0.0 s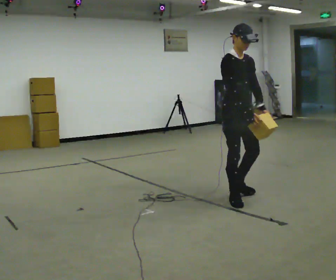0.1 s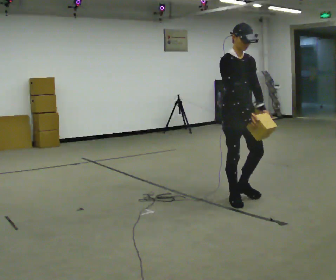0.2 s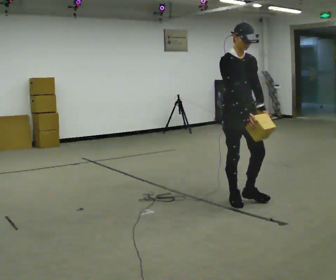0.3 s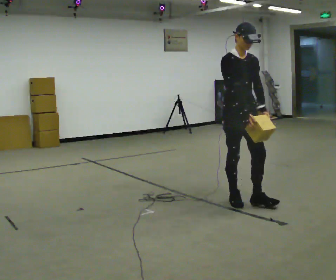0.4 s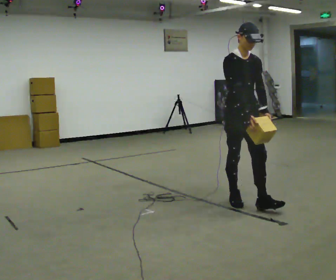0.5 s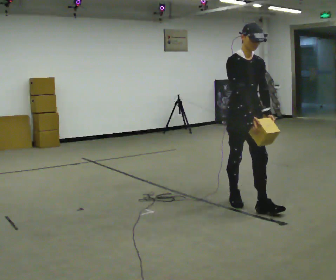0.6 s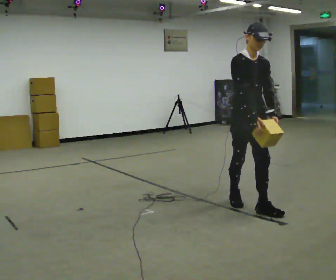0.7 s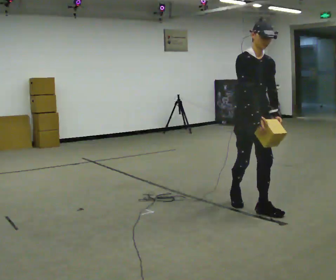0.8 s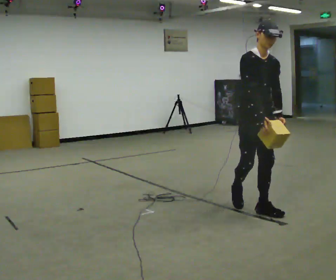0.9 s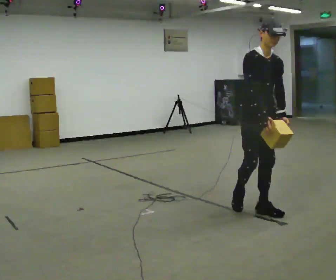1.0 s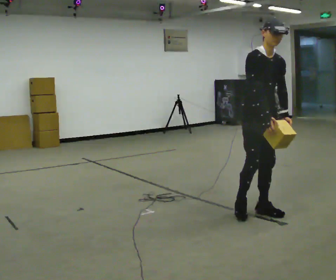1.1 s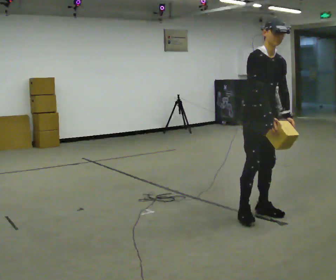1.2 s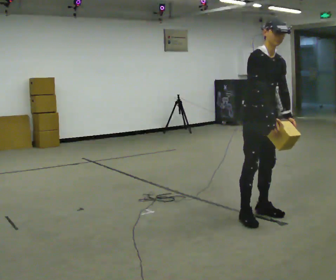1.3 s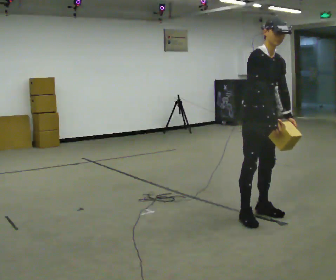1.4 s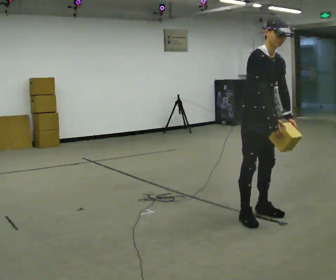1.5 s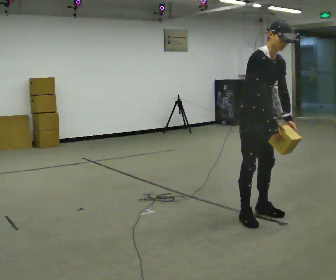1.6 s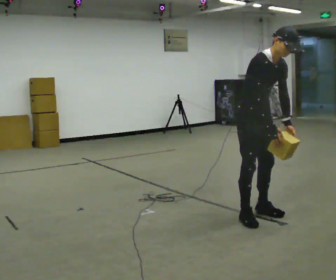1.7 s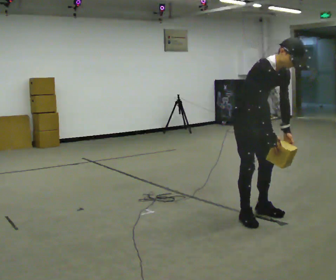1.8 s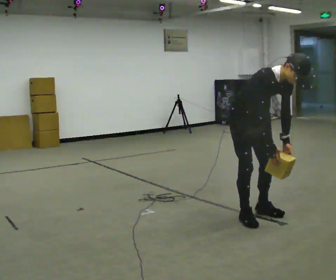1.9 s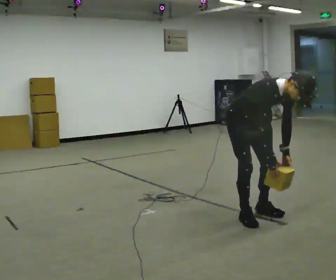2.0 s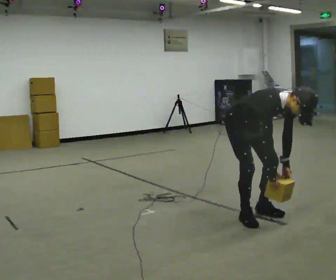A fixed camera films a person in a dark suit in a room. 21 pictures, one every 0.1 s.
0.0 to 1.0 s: In the picture they go toward the camera and to the right, about 0.5 m in 1 step, which for them is forward.
1.0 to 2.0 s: The upper body goes downward. In the picture the upper body tilts clockwise, shoulders to the right, as they bend forward. In the picture their left hand goes downward.
The film runs forward here.
